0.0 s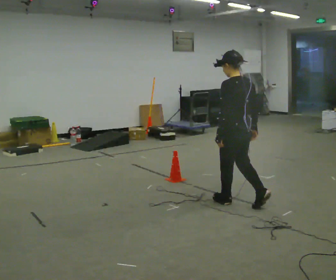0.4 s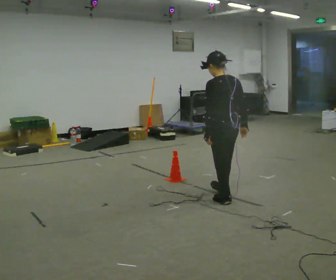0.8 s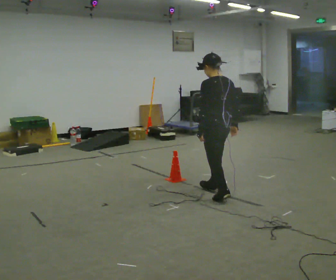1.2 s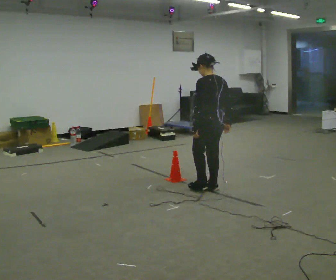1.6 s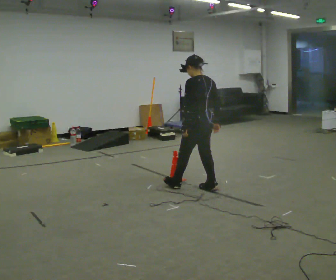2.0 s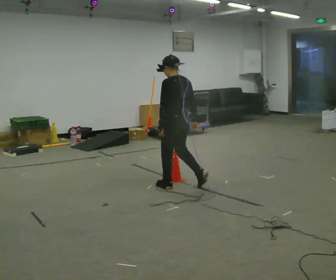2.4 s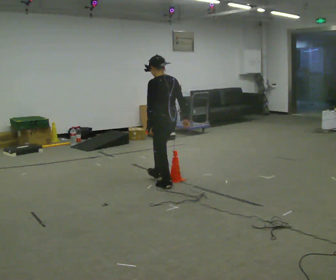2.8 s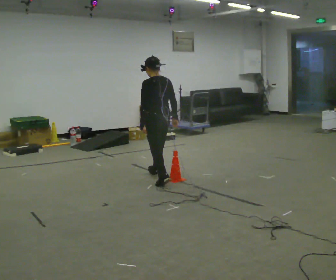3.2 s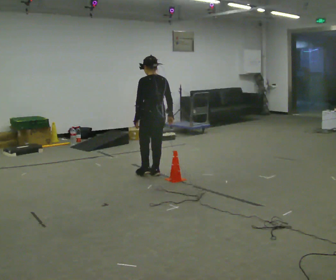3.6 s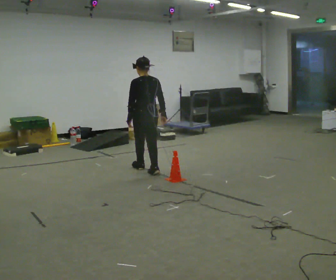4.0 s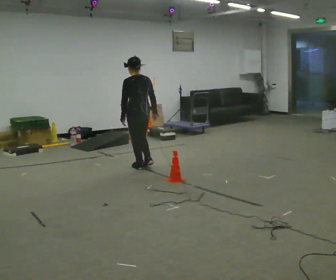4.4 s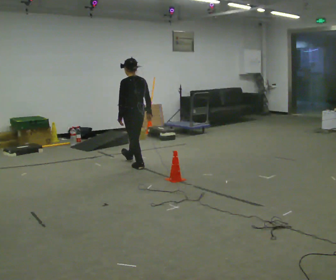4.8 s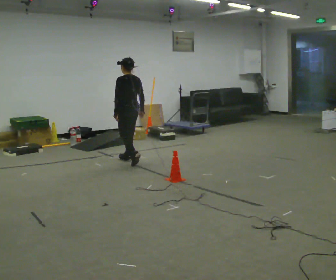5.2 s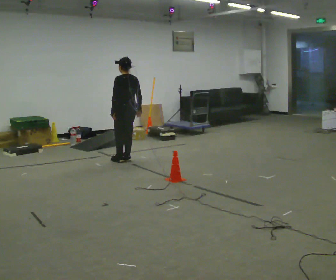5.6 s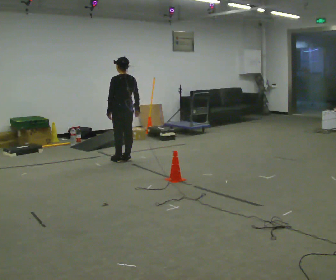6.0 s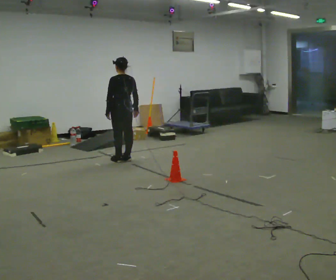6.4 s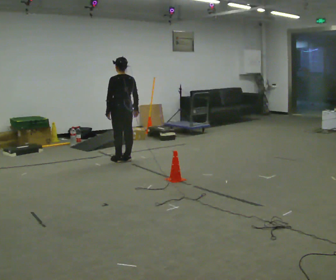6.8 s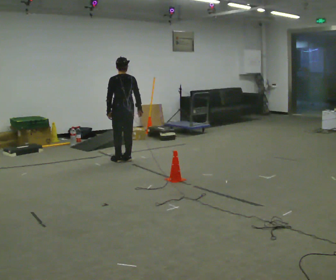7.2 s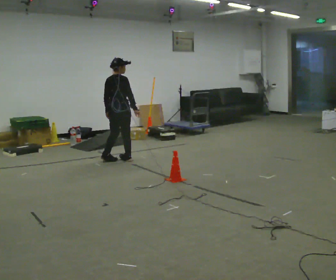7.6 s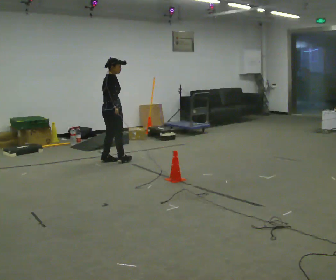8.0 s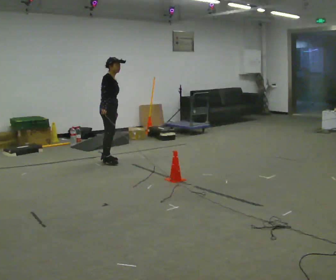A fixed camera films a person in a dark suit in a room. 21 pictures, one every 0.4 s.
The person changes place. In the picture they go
away from the camera.
0.0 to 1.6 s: In the picture they go away from the camera, about 0.75 m in 1 step, which for them is forward.
1.6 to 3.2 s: In the picture they go away from the camera and to the left, about 1 m in 2 steps, which for them is forward.
3.2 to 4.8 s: In the picture they go away from the camera, about 1 m in 2 steps, which for them is forward.
4.8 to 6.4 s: The person moves a little, or ends about where they began.
6.4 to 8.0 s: The part of the body nearest the lens slides to the left as the person turns to their right by about 135 degrees. In the picture they go to the left, about 0.25 m in 2 steps. In the picture their right hand goes to the left.
The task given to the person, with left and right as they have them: Walk toward obstacle; alter path to avoid it; continue toward original destination.
The film runs forward here.
